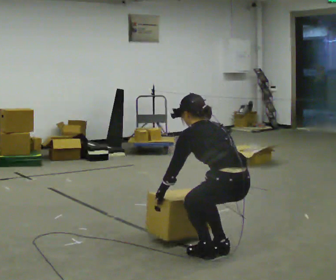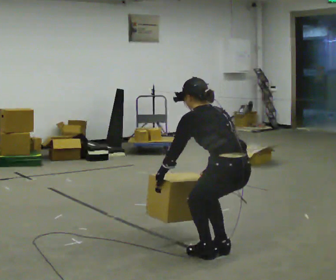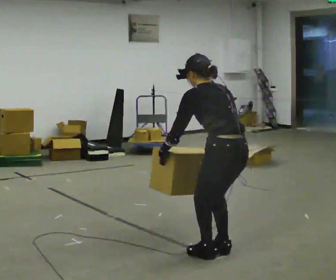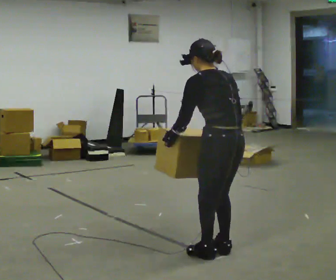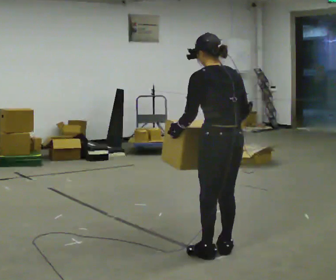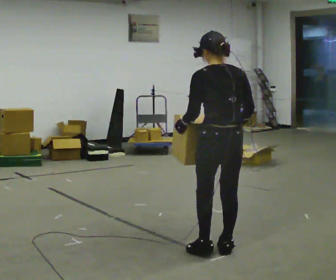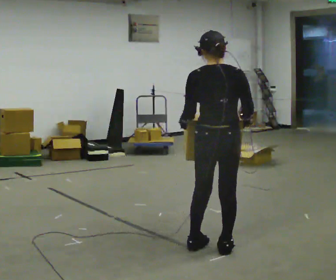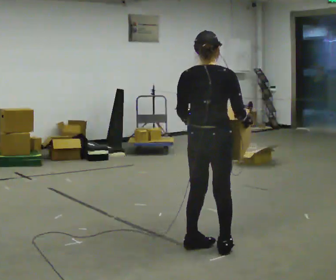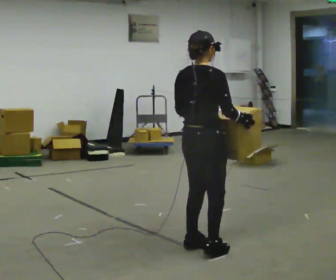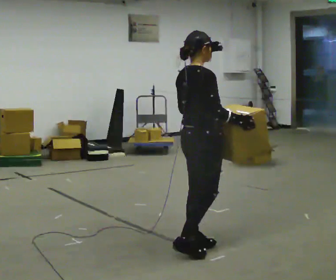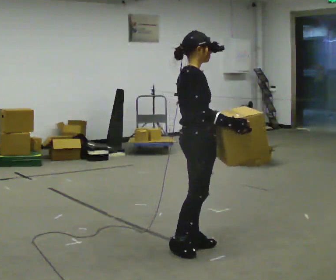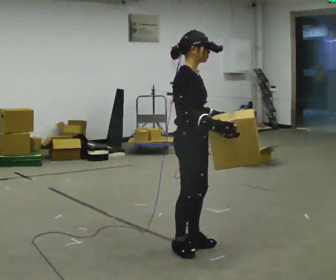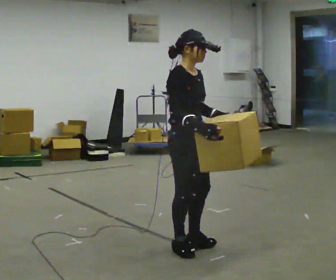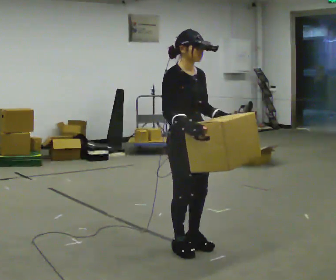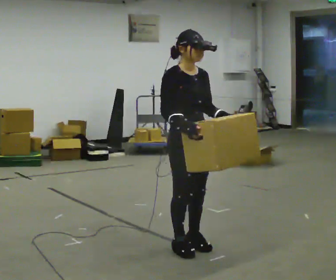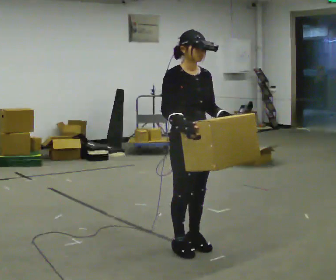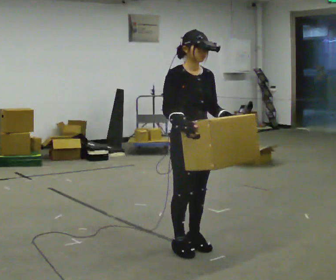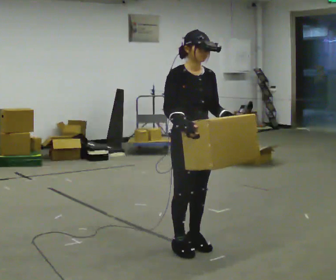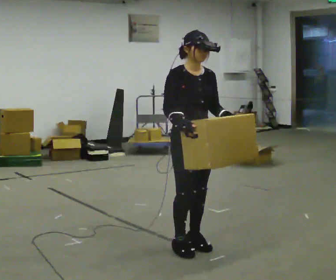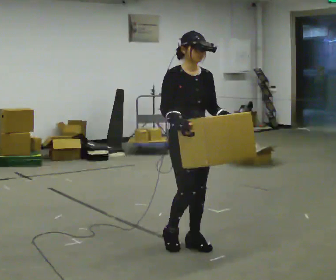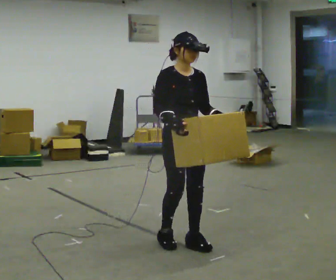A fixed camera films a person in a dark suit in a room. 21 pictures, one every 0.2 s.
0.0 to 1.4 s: The person turns about 60 degrees to their right, clockwise seen from above, so the part of the body nearest the lens slides to the left. In the picture they go to the left, about 0.25 m in 1 step, which for them is forward. The upper body goes upward. The upper body tips toward the camera, its near side rolling downward, as they lean back or straighten. In the picture their right hand goes upward.
1.4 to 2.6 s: The person turns about 105 degrees to their right, clockwise seen from above, so the part of the body nearest the lens slides to the left. In the picture they go to the left, about 0.25 m in 1 step. In the picture their right hand goes to the left.
2.6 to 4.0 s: The person moves a little, or ends about where they began.
The film runs backward here.
